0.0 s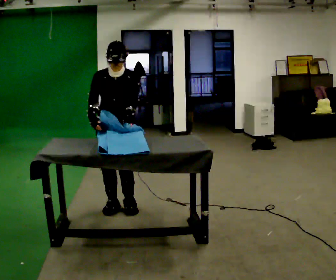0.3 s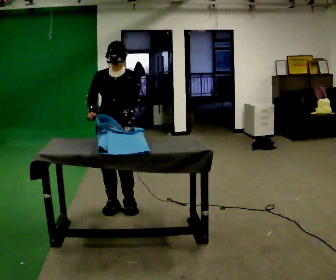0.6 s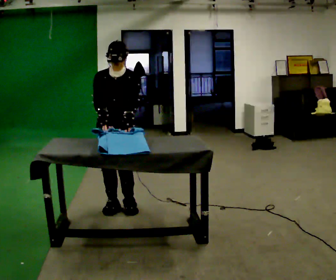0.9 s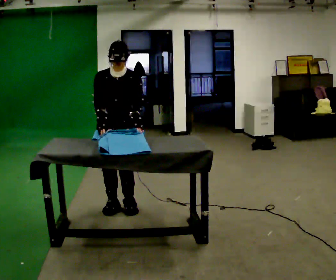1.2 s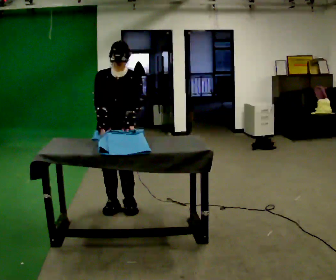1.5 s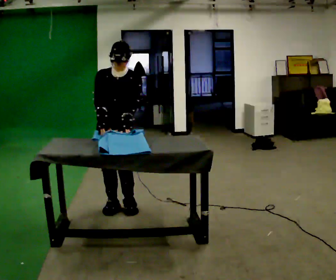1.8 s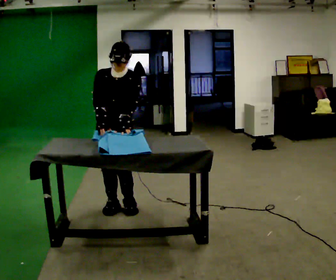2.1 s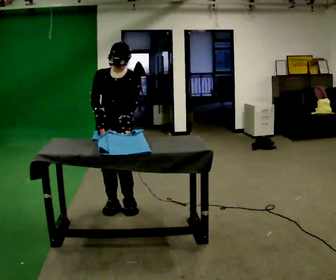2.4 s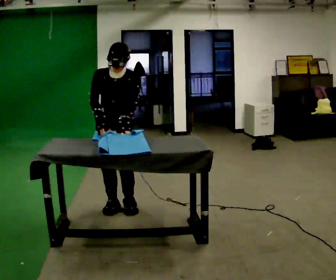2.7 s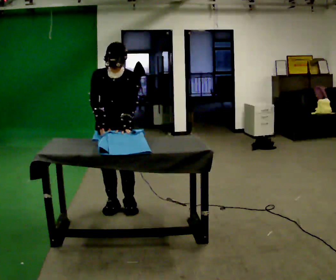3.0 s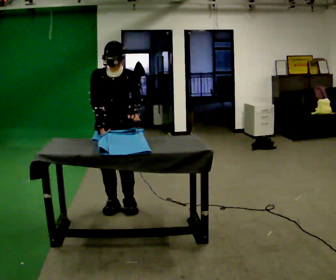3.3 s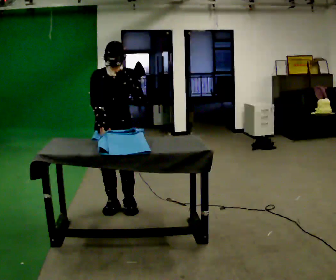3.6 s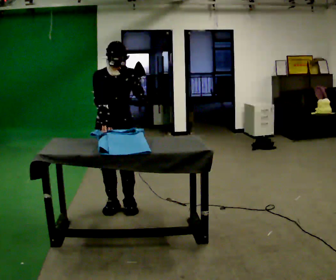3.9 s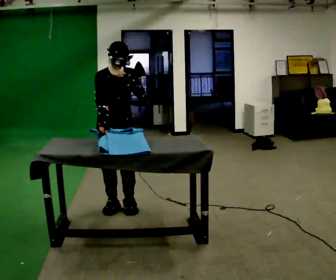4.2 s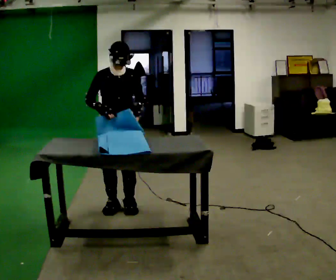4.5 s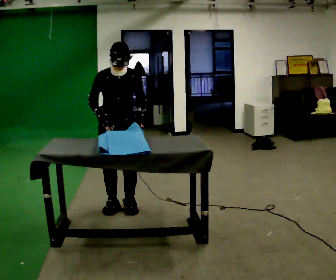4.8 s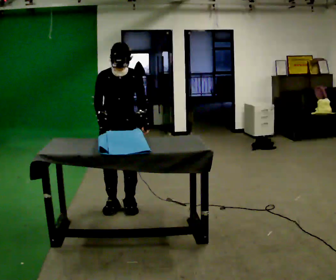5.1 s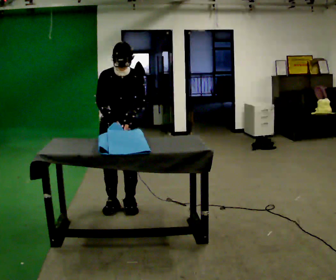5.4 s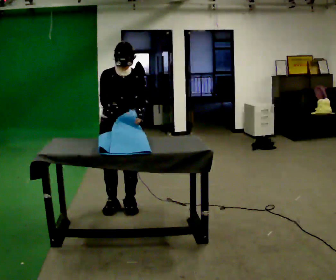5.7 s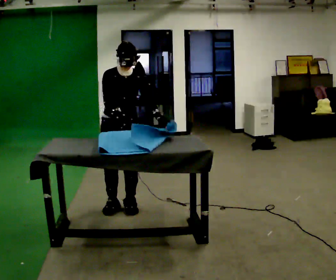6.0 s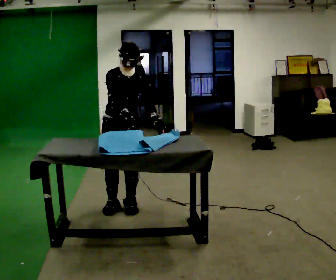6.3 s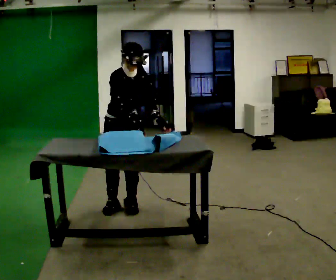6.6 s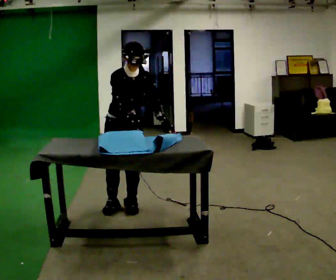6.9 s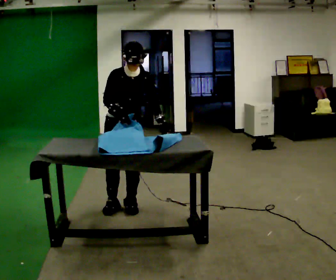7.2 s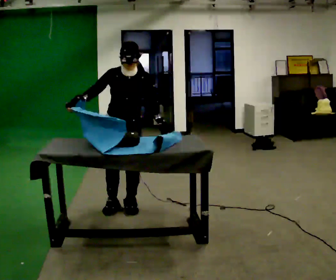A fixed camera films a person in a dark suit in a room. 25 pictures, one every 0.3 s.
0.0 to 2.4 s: The person moves a little, or ends about where they began.
2.4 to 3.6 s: In the picture their left hand goes upward.
3.6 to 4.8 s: In the picture their left hand goes downward.
4.8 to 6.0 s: The person moves a little, or ends about where they began.
6.0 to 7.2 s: In the picture their right hand goes to the left.
The film runs forward here.
